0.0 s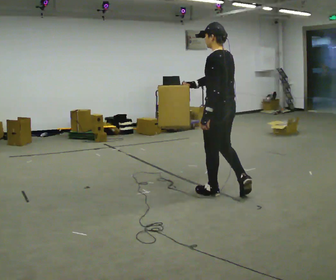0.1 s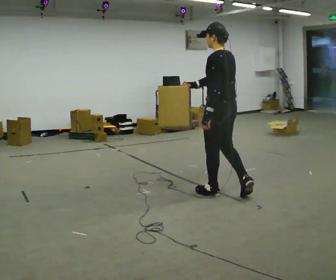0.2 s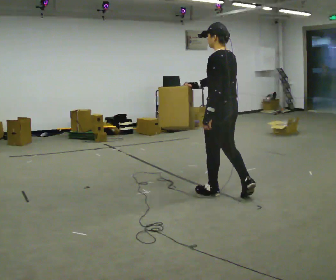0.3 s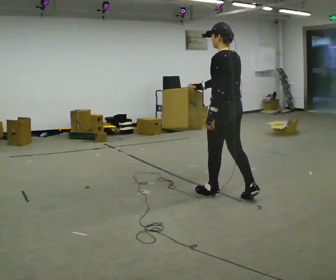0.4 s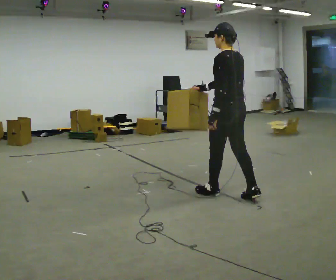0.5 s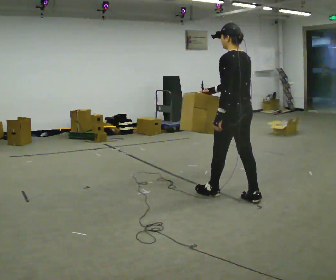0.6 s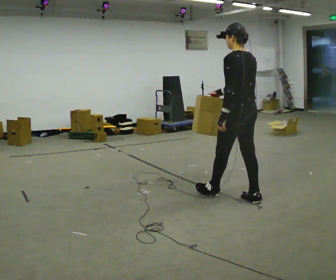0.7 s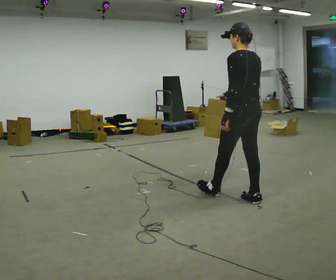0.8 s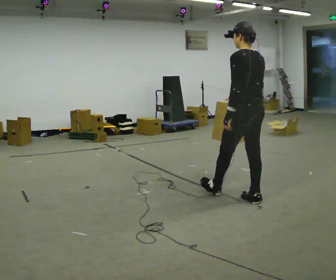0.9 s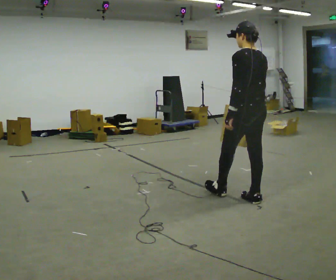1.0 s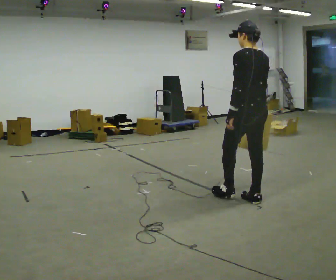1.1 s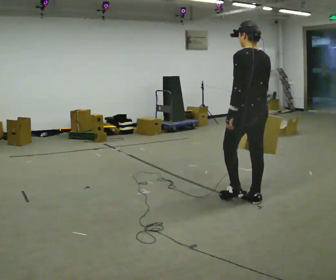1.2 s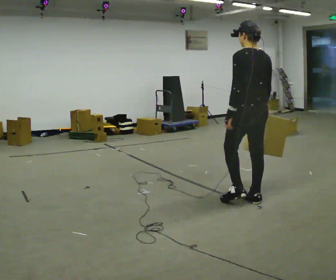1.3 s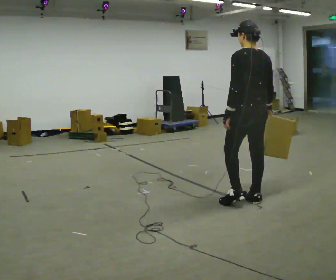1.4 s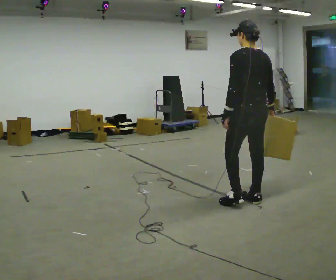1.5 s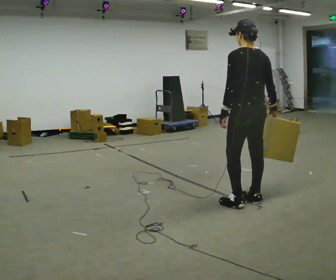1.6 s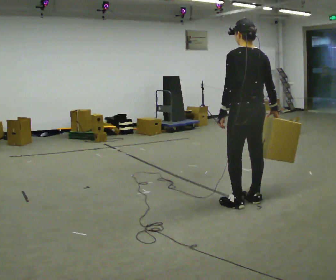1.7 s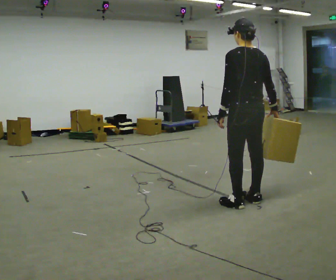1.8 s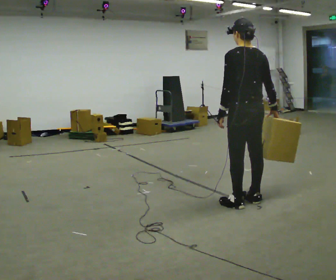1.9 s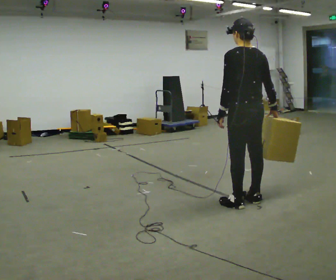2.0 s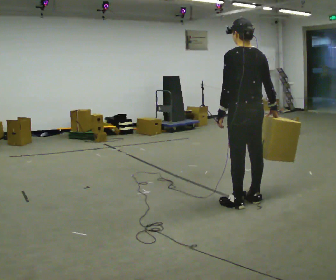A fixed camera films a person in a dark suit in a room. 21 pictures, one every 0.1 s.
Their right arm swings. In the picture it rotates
counterclockwise.
0.0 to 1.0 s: In the picture they go to the right and toward the camera, about 0.25 m in 1 step, which for them is backward.
1.0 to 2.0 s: The person moves a little, or ends about where they began.
The film runs backward here.
